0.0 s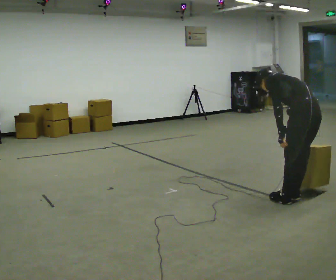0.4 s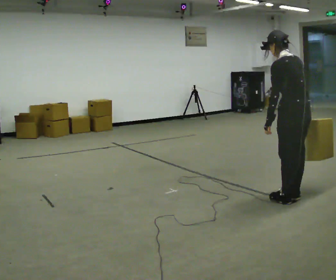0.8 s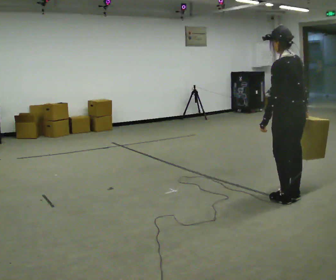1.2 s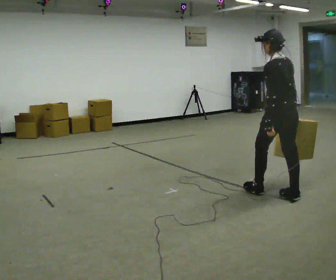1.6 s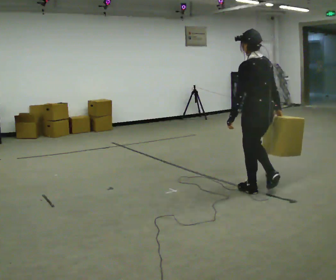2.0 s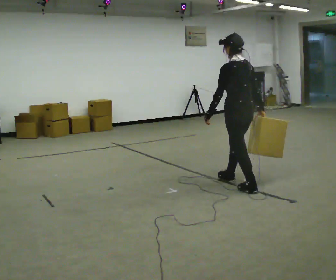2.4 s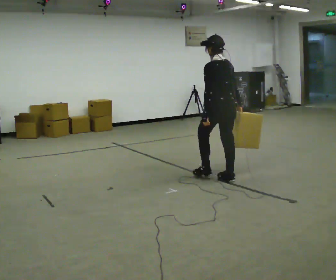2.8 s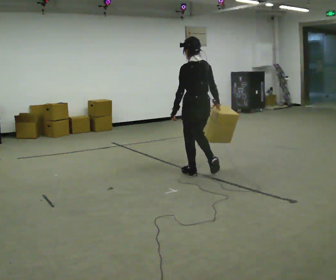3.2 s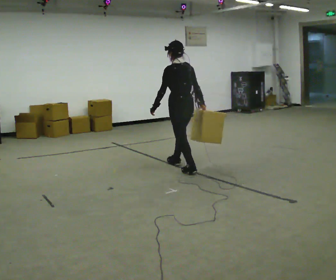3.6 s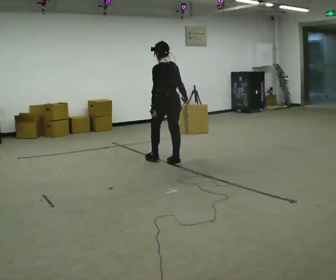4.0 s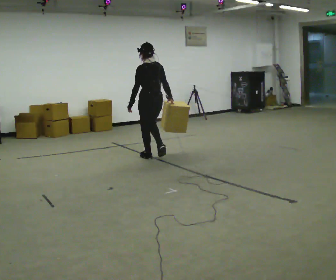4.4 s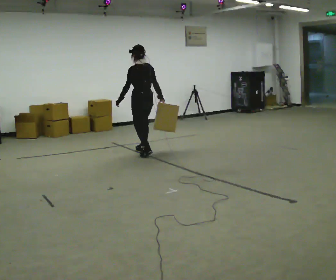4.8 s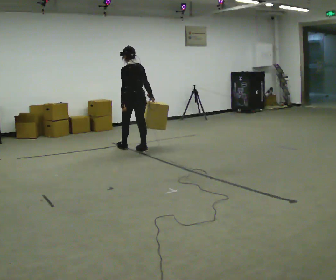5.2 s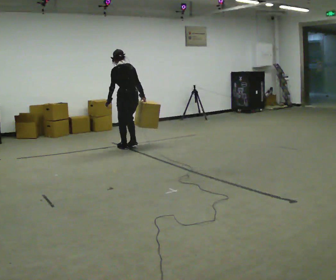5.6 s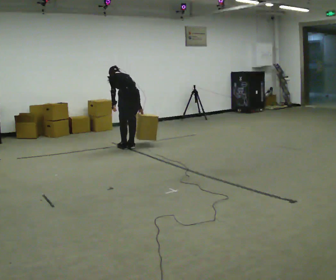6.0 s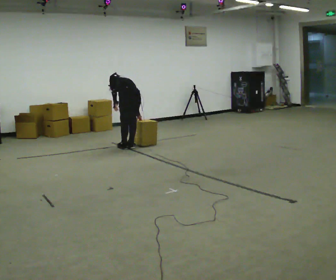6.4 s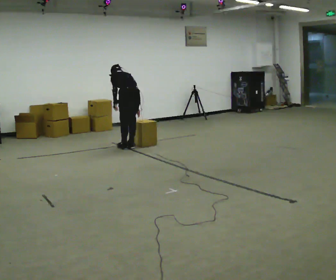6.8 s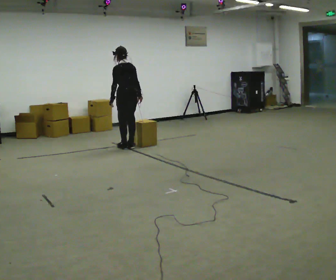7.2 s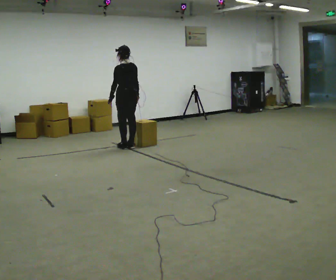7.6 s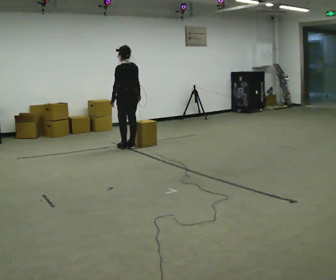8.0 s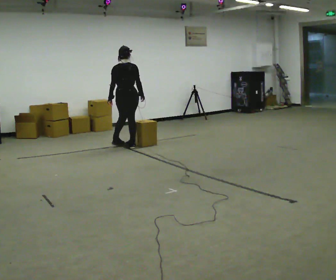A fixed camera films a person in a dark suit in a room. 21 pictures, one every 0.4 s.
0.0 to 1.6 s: In the picture they go away from the camera and to the left, about 0.5 m in 1 step, which for them is forward. The upper body tips toward the camera, its near side rolling downward, as they lean back or straighten.
1.6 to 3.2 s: In the picture they go away from the camera and to the left, about 1.5 m in 3 steps, which for them is forward.
3.2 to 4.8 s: In the picture they go away from the camera and to the left, about 1.5 m in 3 steps, which for them is forward.
4.8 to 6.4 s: The person moves a little, or ends about where they began.
6.4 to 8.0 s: The person turns about 45 degrees to their right, clockwise seen from above, so the part of the body nearest the lens slides to the left. In the picture they go away from the camera, about 0.25 m, which for them is forward. The upper body tips toward the camera, its near side rolling downward, as they lean back or straighten.
The film runs forward here.
